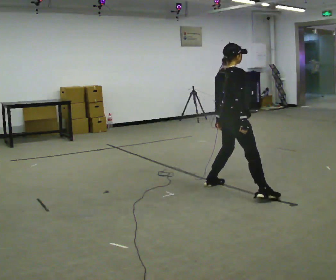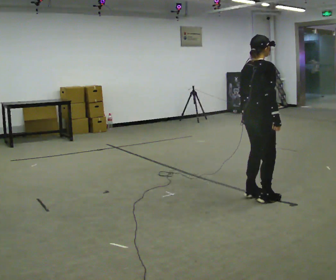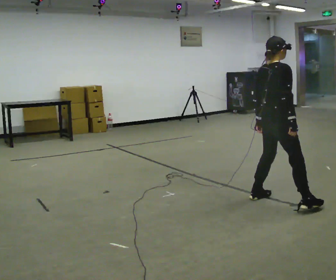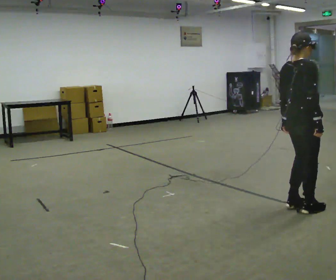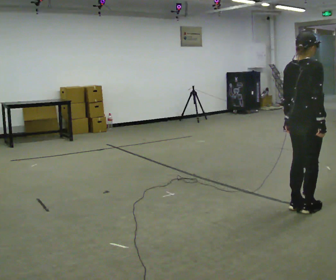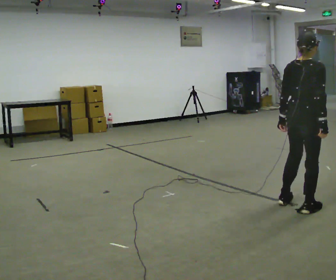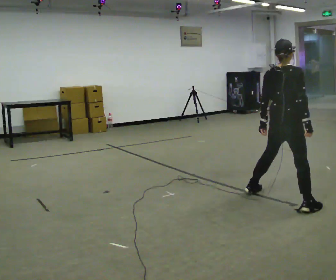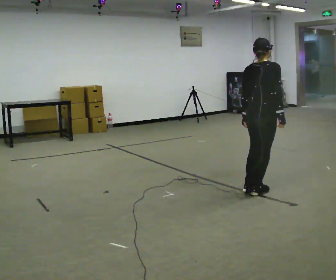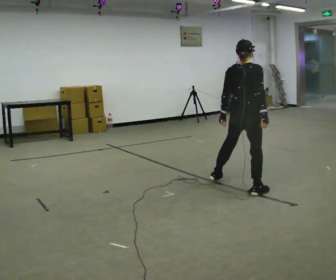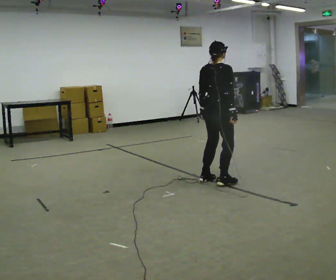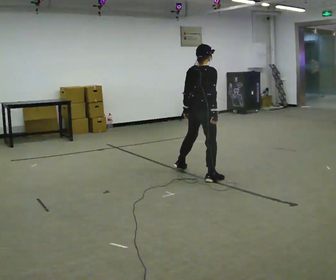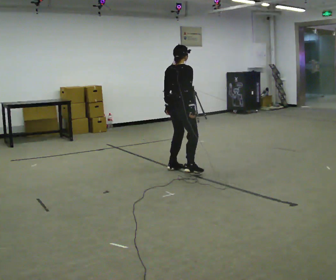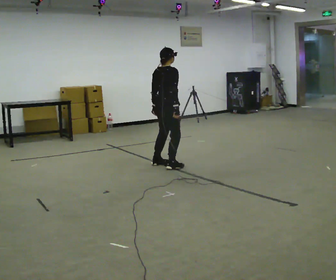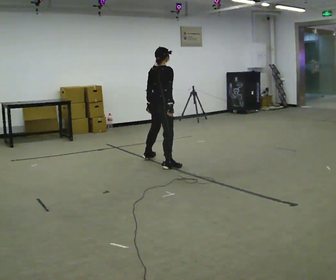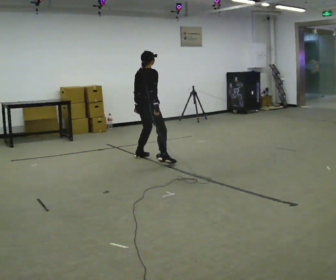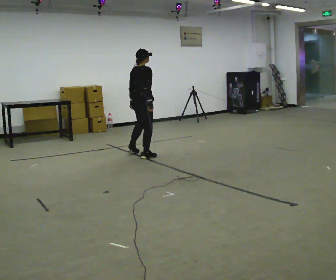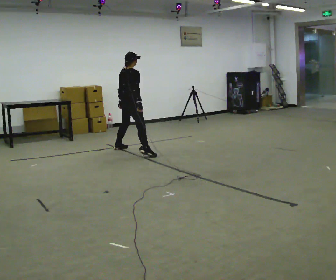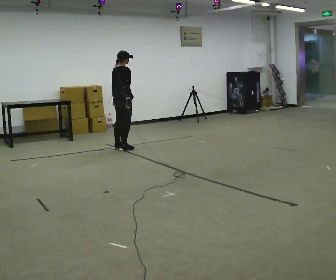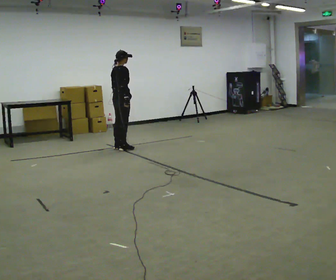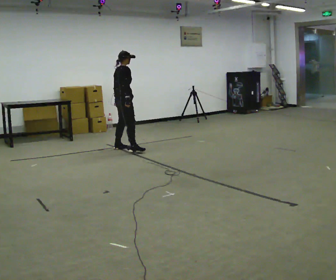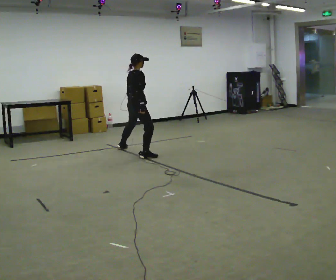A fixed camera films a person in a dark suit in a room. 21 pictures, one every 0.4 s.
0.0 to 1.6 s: In the picture they go toward the camera and to the right, about 1 m in 4 steps, which for them is to their right.
1.6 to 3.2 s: In the picture they go away from the camera and to the left, about 1 m in 2 steps, which for them is to their left.
3.2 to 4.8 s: In the picture they go away from the camera and to the left, about 1.5 m in 5 steps, which for them is to their left.
4.8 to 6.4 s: In the picture they go away from the camera and to the left, about 1 m in 3 steps, which for them is to their left.
6.4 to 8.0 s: In the picture they go toward the camera and to the right, about 0.25 m in 2 steps, which for them is to their right.
The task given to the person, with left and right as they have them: Shuffle sideways quickly in the direction the operator calls, without crossing your feet.
The film runs forward here.
